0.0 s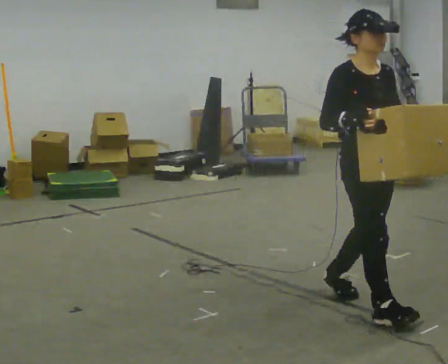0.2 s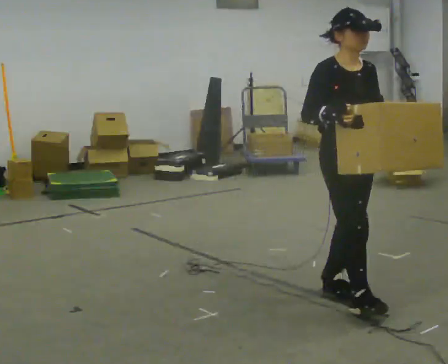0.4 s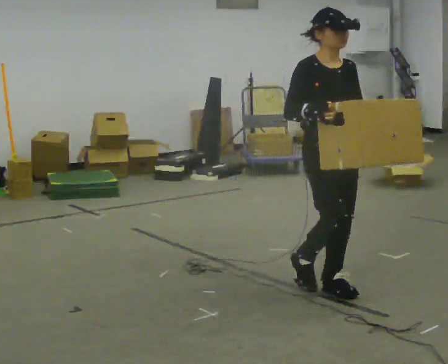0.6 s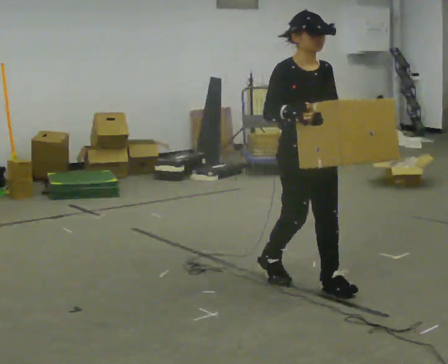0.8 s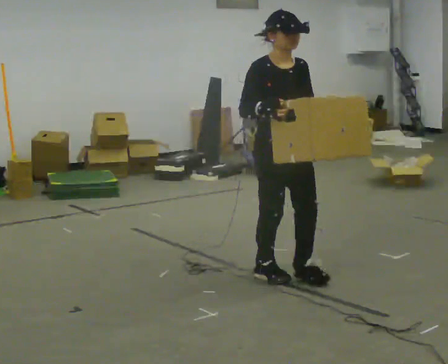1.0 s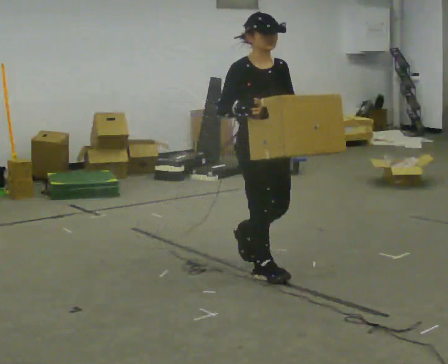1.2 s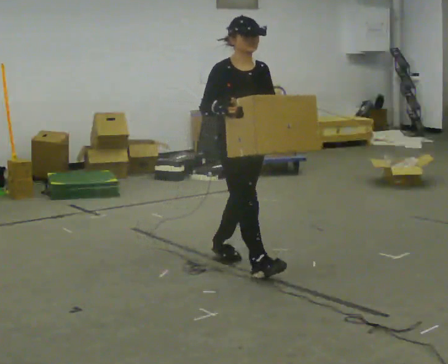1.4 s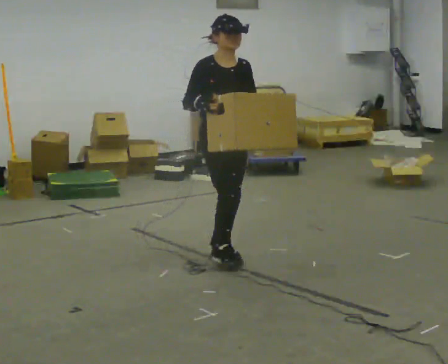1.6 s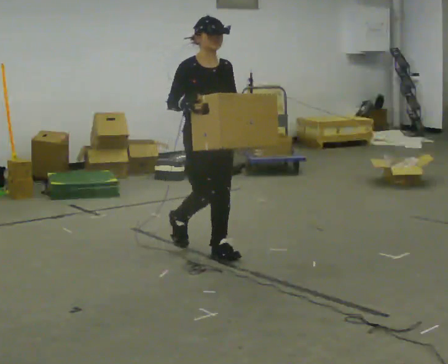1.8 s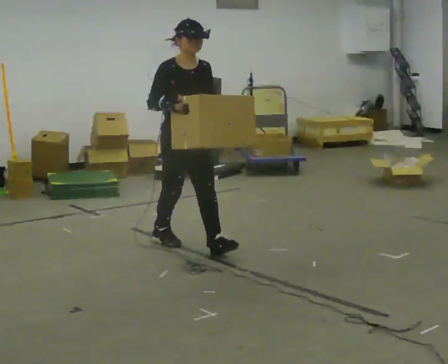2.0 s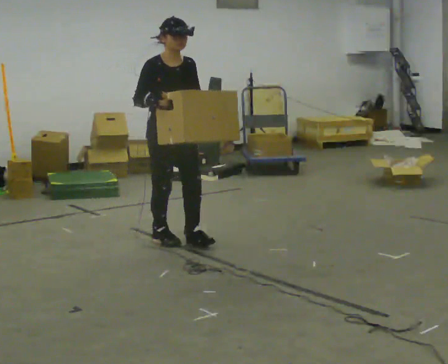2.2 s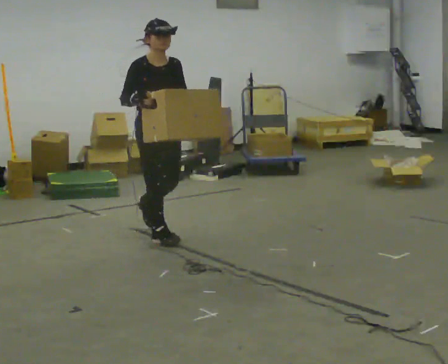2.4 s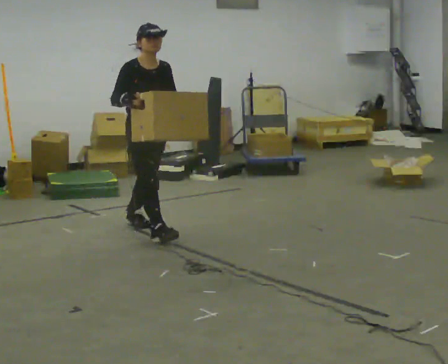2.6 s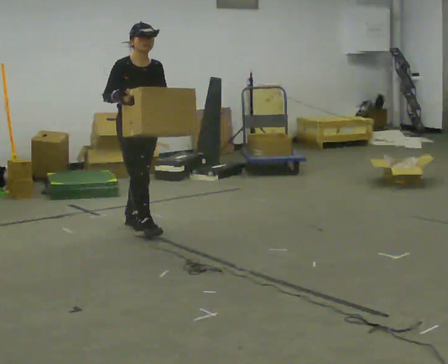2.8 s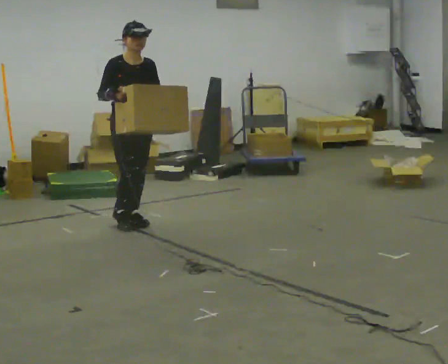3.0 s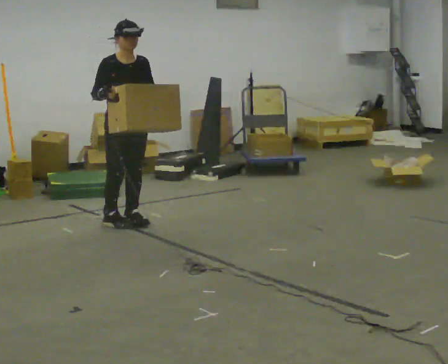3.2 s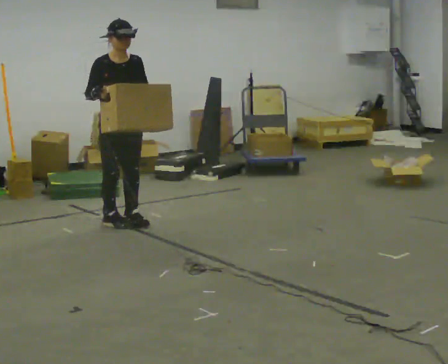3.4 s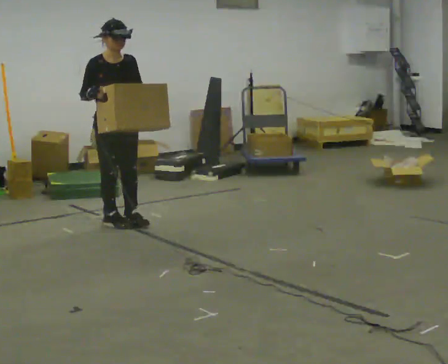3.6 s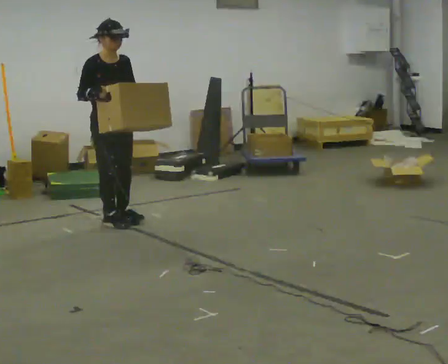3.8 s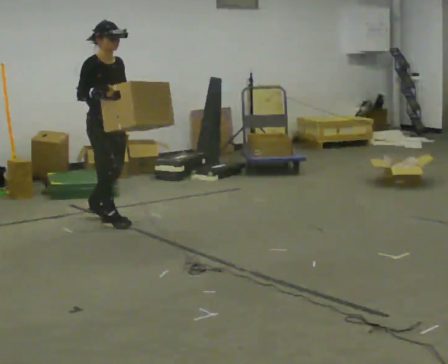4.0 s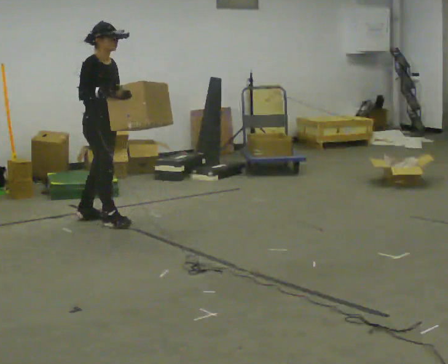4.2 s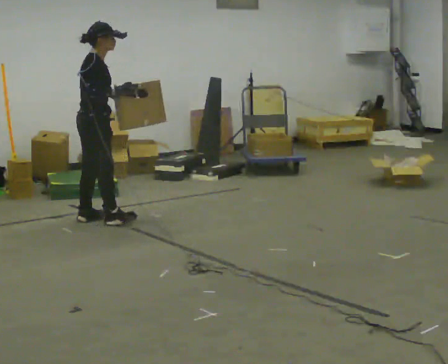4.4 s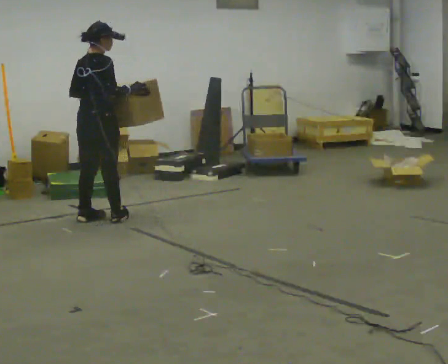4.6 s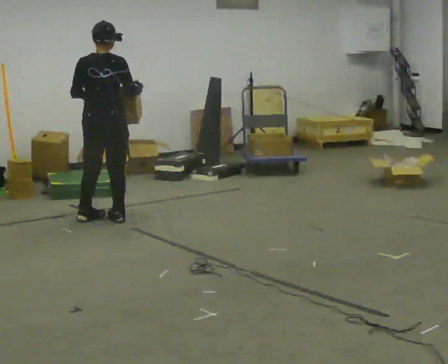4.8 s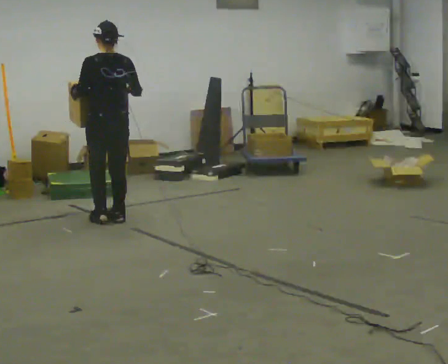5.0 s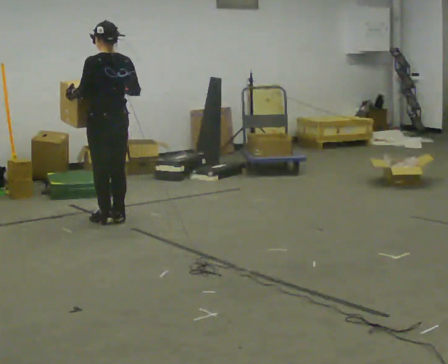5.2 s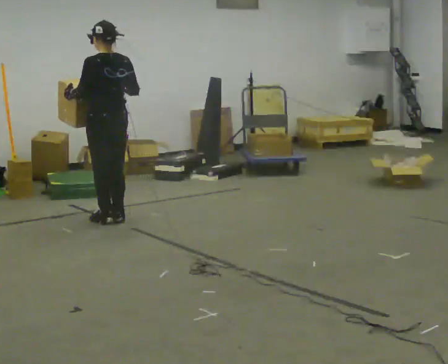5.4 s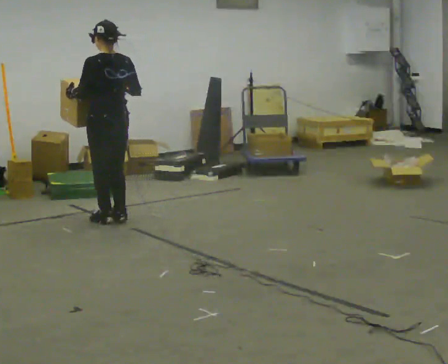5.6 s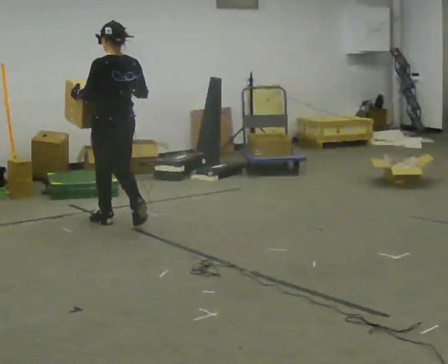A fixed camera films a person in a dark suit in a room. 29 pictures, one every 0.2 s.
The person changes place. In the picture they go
away from the camera.
The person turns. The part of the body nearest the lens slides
to the right.
0.0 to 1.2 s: In the picture they go away from the camera and to the left, about 1 m in 2 steps, which for them is backward.
1.2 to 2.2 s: In the picture they go away from the camera and to the left, about 1 m in 2 steps, which for them is backward.
2.2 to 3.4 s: In the picture they go away from the camera and to the left, about 0.5 m in 1 step, which for them is backward.
3.4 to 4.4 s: The person turns about 105 degrees to their left, counterclockwise seen from above, so the part of the body nearest the lens slides to the right. In the picture they go to the left, about 0.25 m in 1 step. In the picture their right hand goes to the right.
4.4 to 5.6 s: The part of the body nearest the lens slides to the right as the person turns to their left by about 75 degrees. In the picture they go to the right, about 0.25 m in 2 steps.
The film runs backward here.
